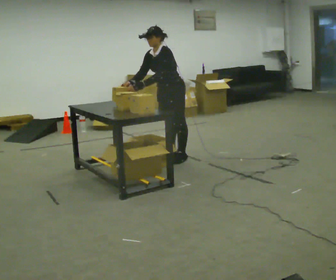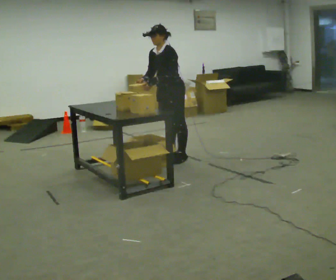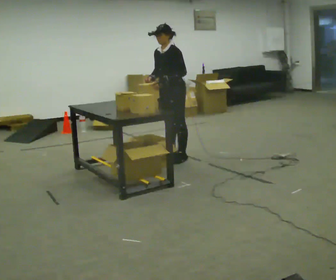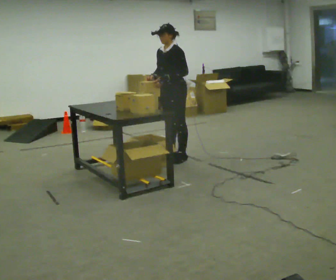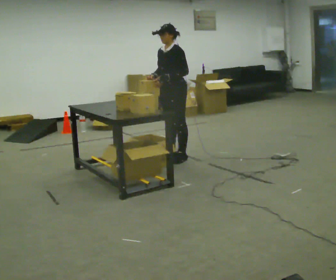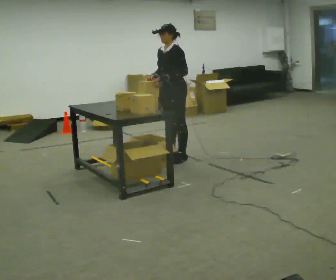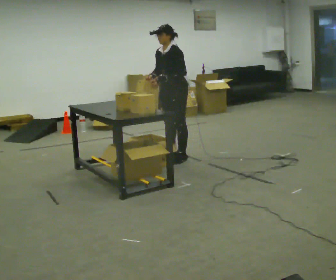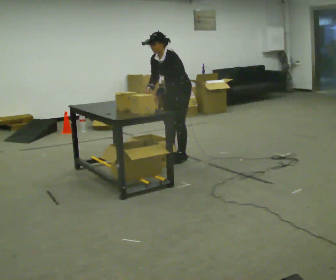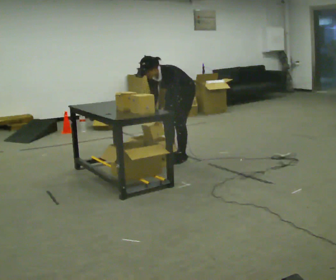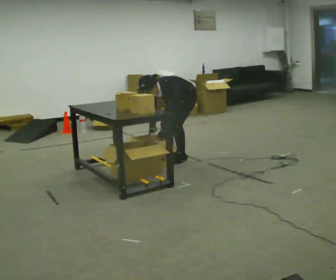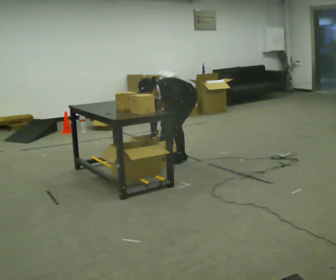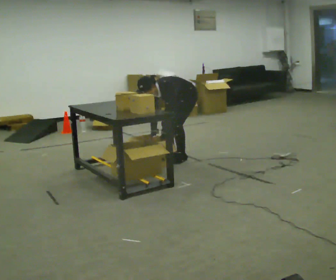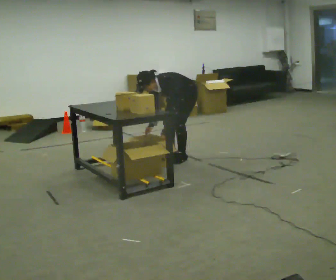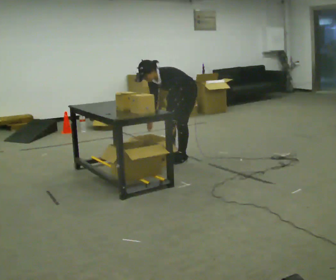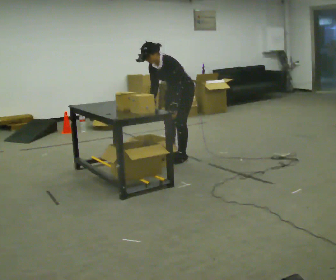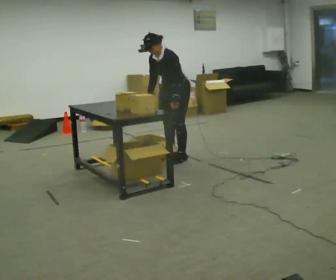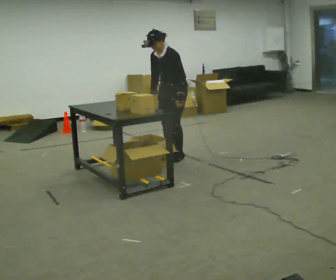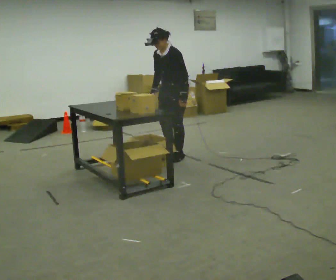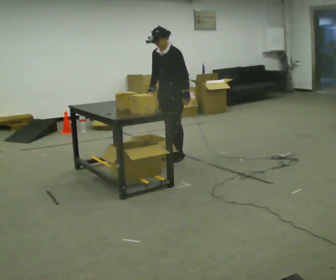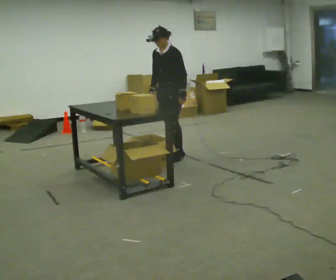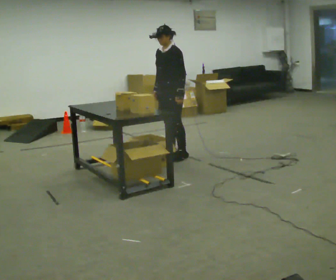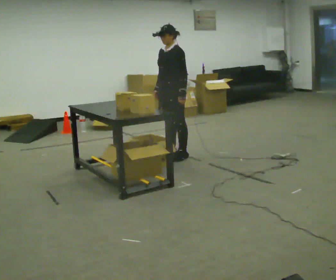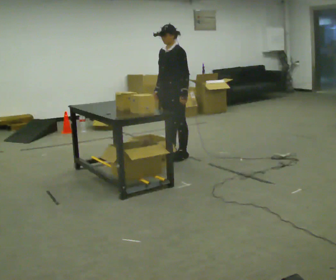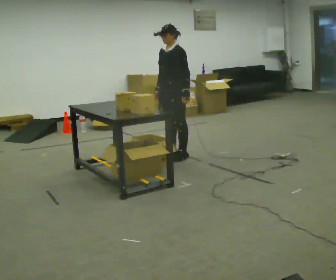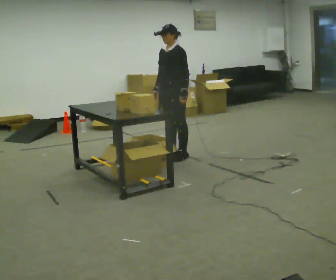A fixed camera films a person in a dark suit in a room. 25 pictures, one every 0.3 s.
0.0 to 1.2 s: In the picture the upper body tilts clockwise, shoulders to the right, as they lean back or straighten.
1.2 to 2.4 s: The shoulders move downward. The upper body tips toward the camera, its near side rolling downward, as they bend forward. In the picture their right hand goes downward.
2.4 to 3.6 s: In the picture the upper body tilts counterclockwise, shoulders to the left, as they bend forward.
3.6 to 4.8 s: The upper body goes upward. In the picture the upper body tilts clockwise, shoulders to the right, as they lean back or straighten. In the picture their left hand goes upward.
4.8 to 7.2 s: In the picture the upper body tilts clockwise, shoulders to the right, as they lean back or straighten.
The film runs backward here.
